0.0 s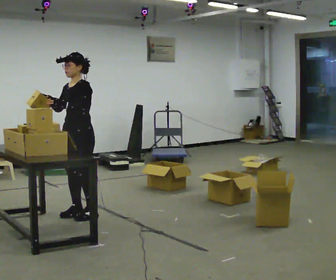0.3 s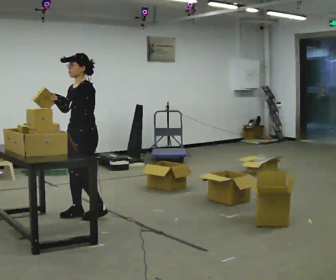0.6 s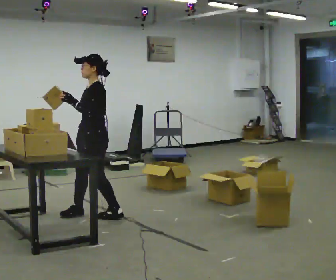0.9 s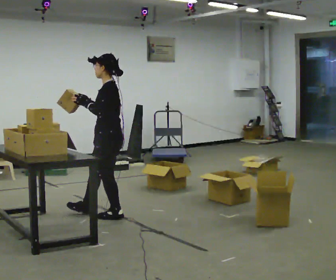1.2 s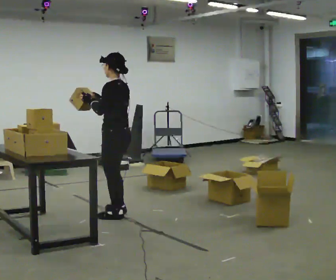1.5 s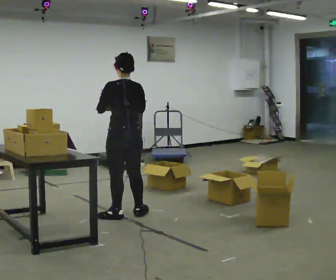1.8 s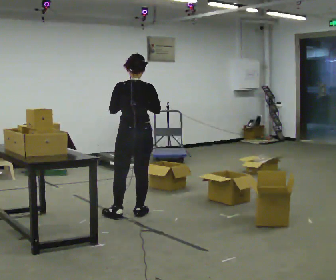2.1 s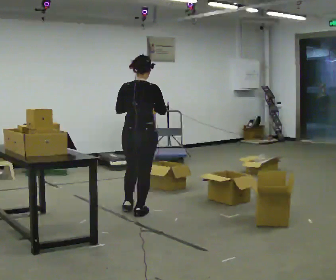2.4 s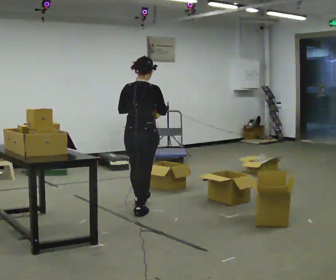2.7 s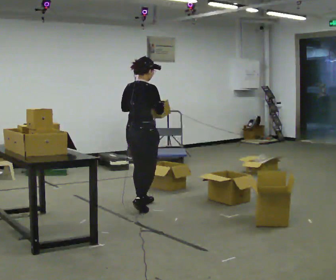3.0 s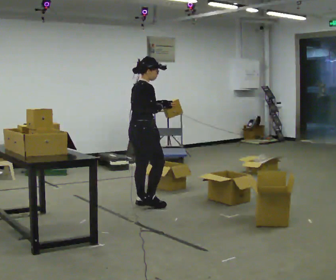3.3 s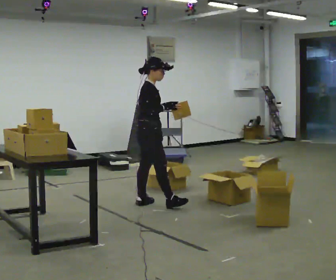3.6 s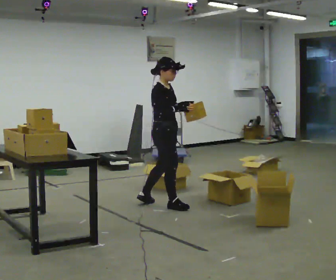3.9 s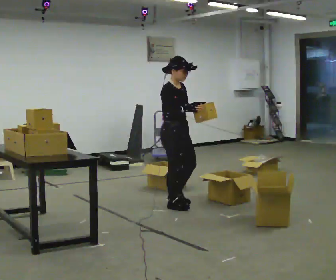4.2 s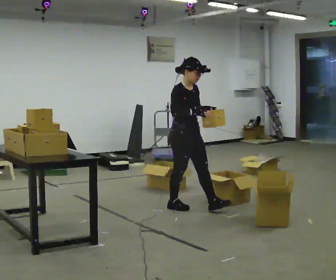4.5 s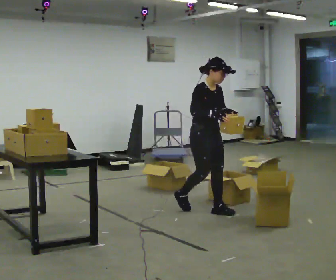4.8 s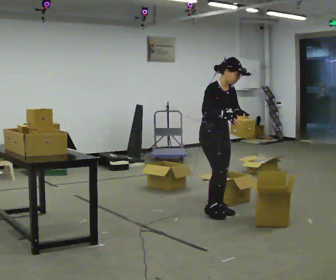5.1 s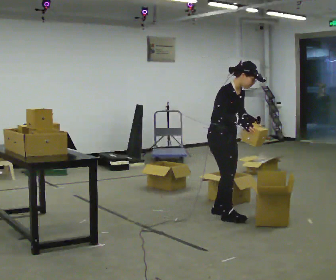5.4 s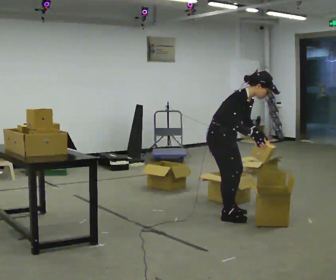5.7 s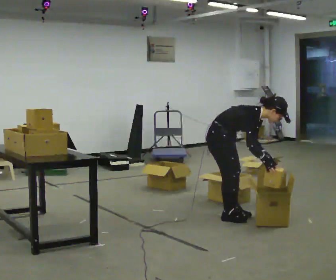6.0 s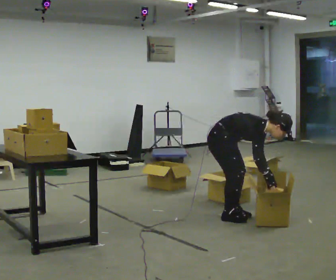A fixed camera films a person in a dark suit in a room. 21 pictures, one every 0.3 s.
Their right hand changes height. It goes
downward.
The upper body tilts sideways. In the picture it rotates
clockwise.
0.0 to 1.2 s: The person turns about 60 degrees to their right, clockwise seen from above, so the part of the body nearest the lens slides to the left. In the picture they go to the right, about 0.5 m in 1 step.
1.2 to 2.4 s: The part of the body nearest the lens slides to the left as the person turns to their right by about 90 degrees. In the picture they go away from the camera and to the right, about 0.25 m in 2 steps.
2.4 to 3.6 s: The person turns about 75 degrees to their right, clockwise seen from above, so the part of the body nearest the lens slides to the left. In the picture they go to the right and away from the camera, about 0.25 m in 1 step.
3.6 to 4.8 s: Seen from above the body turns clockwise, about 30 degrees: to their right, with its near side sliding to the left. In the picture they go to the right and toward the camera, about 0.5 m in 1 step, which for them is forward.
4.8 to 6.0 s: In the picture they go toward the camera, about 0.25 m in 2 steps, which for them is to their right and forward. The upper body goes downward. In the picture the upper body tilts clockwise, shoulders to the right, as they bend forward. In the picture their left hand goes downward.
The film runs forward here.
